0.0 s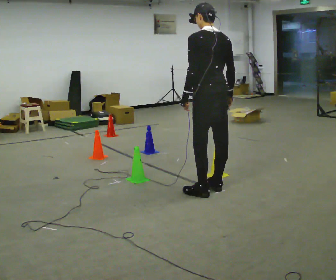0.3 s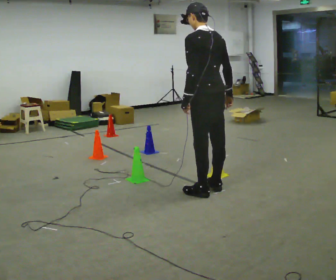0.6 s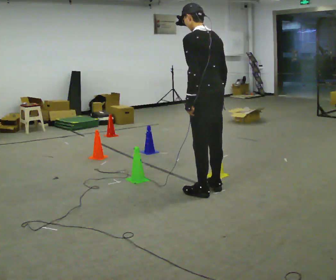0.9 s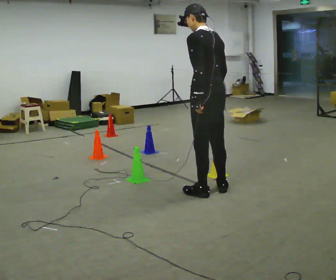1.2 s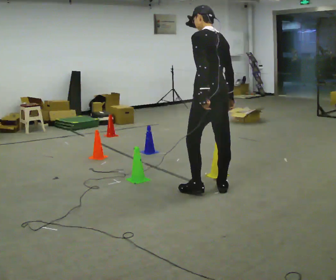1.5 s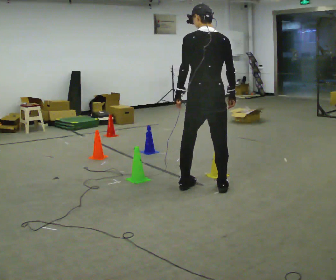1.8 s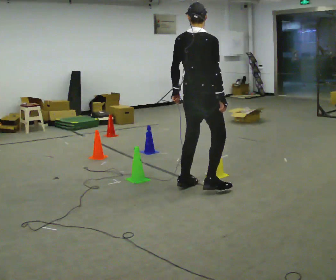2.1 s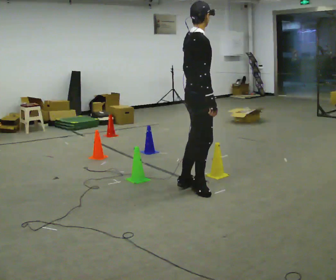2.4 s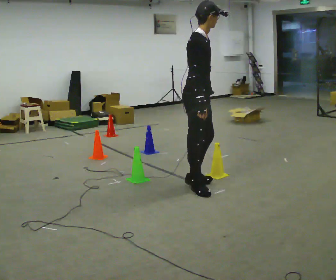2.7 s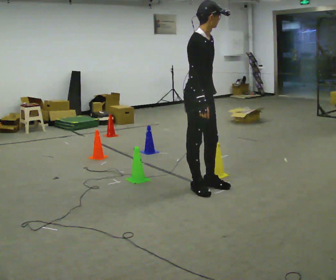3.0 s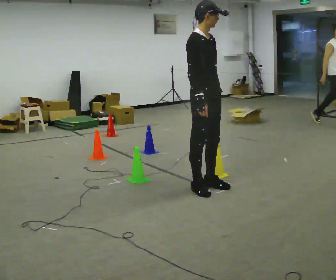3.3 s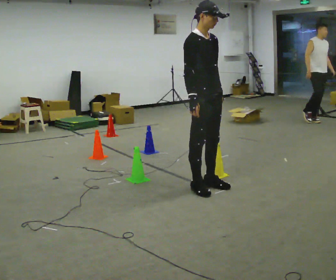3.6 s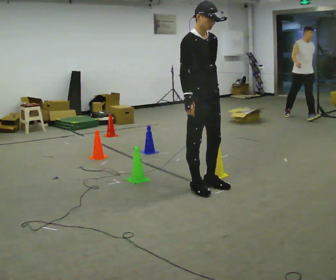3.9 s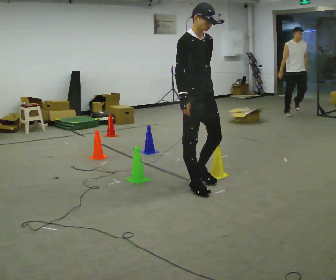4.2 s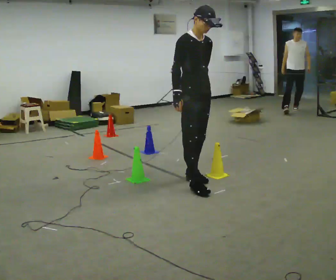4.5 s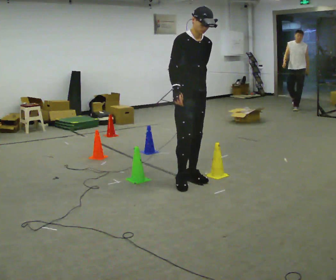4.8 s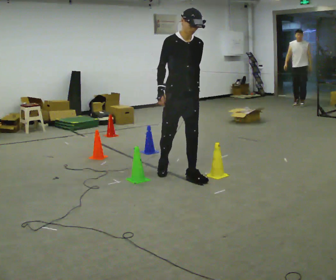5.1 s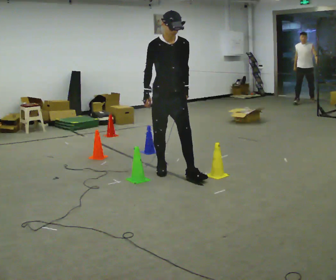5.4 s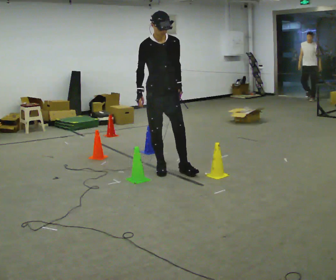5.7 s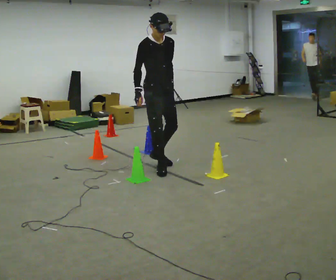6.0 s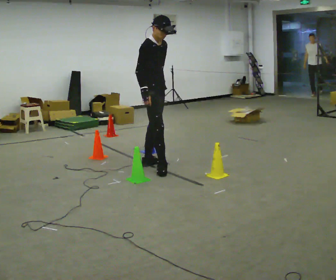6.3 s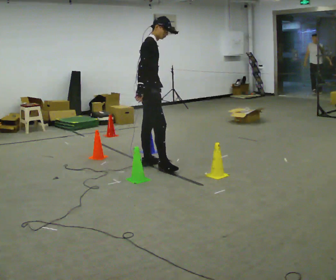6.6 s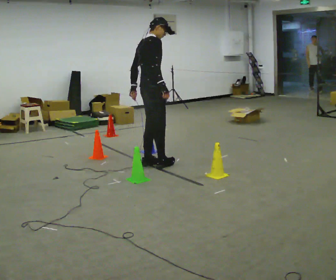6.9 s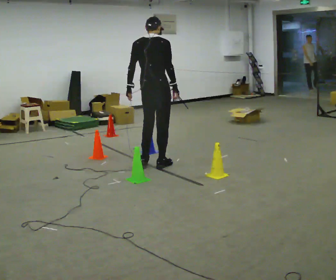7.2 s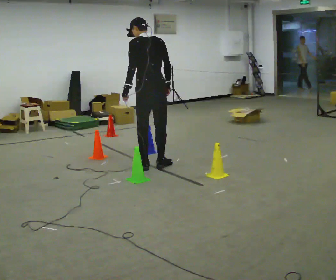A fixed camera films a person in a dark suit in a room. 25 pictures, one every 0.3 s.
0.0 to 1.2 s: The person moves a little, or ends about where they began.
1.2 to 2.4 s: The part of the body nearest the lens slides to the left as the person turns to their right by about 135 degrees. In the picture they go to the left, about 0.25 m in 2 steps. In the picture the upper body tilts clockwise, shoulders to the right.
2.4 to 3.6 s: The person turns about 30 degrees to their right, clockwise seen from above, so the part of the body nearest the lens slides to the left.
3.6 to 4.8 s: In the picture they go away from the camera and to the left, about 0.5 m in 2 steps, which for them is backward.
4.8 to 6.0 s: The person turns about 45 degrees to their left, counterclockwise seen from above, so the part of the body nearest the lens slides to the right. In the picture they go to the left and away from the camera, about 0.5 m in 1 step, which for them is backward and to their right.
6.0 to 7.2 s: The person turns about 135 degrees to their left, counterclockwise seen from above, so the part of the body nearest the lens slides to the right. In the picture the upper body tilts counterclockwise, shoulders to the left.
The film runs backward here.
